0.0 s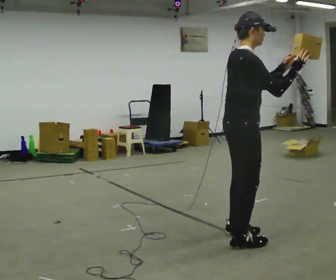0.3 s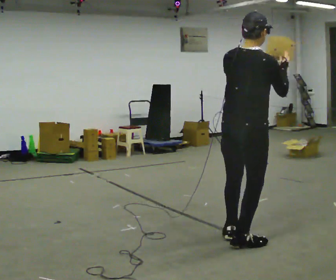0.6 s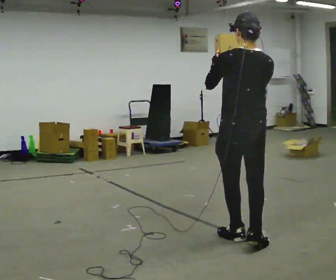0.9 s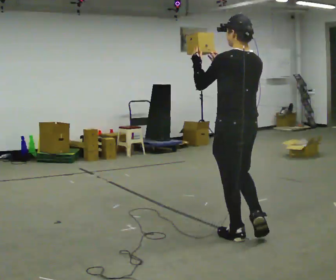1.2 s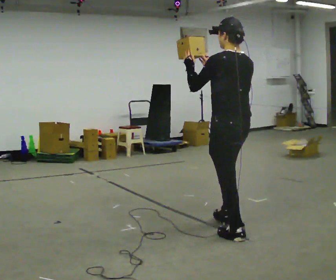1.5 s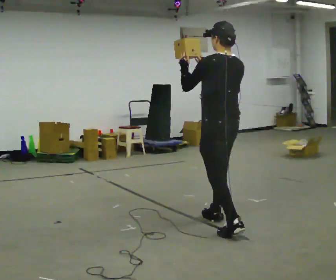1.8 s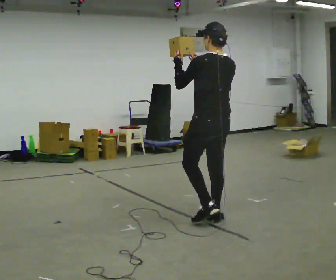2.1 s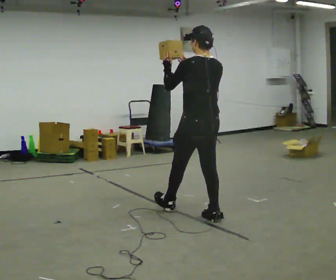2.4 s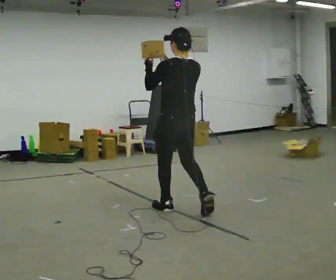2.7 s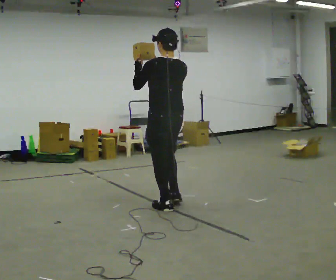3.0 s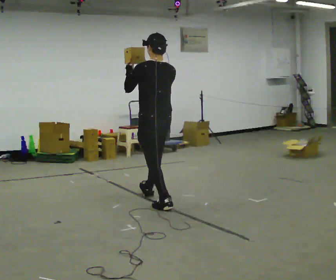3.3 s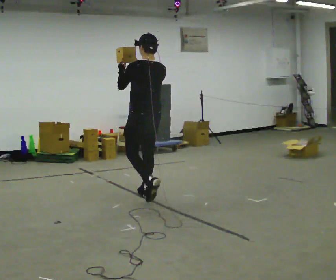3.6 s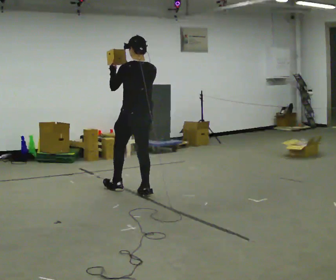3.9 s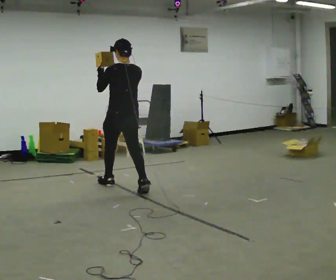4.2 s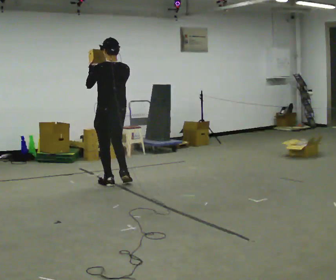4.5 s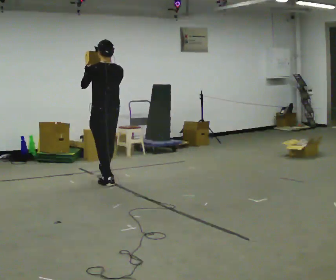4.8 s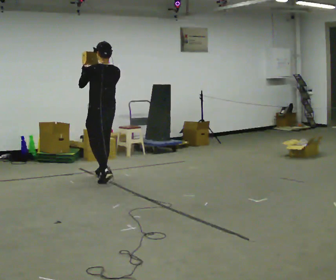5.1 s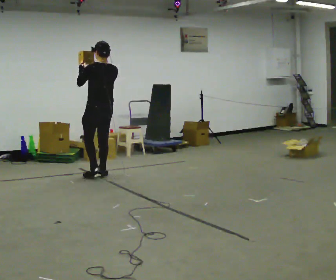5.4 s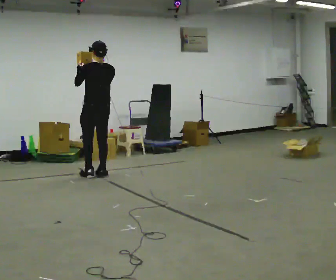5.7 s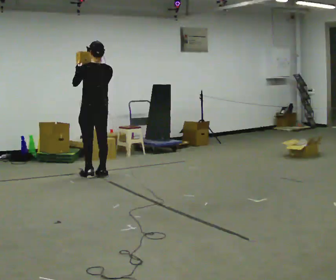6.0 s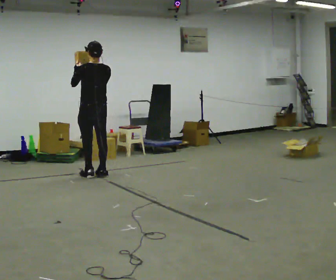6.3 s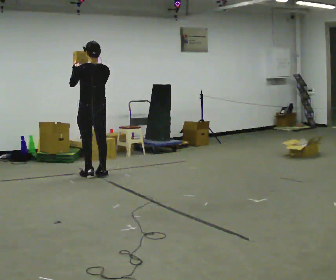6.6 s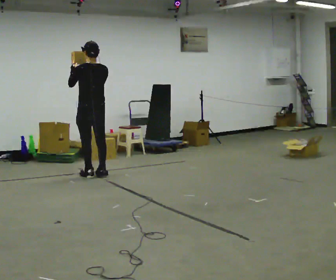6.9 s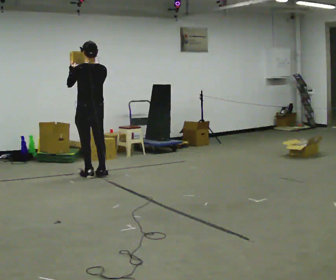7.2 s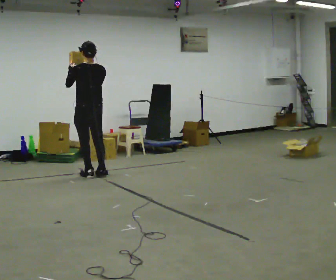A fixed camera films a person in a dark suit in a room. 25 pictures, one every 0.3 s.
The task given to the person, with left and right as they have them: Carry the object held up above your head, walking back and forth across the room.
0.0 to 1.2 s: Seen from above the body turns counterclockwise, about 120 degrees: to their left, with its near side sliding to the right. In the picture they go away from the camera, about 0.25 m in 1 step. In the picture their right hand goes to the left.
1.2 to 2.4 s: In the picture they go away from the camera and to the left, about 1 m in 2 steps, which for them is forward.
2.4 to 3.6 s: In the picture they go away from the camera and to the left, about 1 m in 1 step, which for them is forward.
3.6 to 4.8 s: In the picture they go away from the camera and to the left, about 1 m in 2 steps, which for them is forward.
4.8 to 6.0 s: In the picture they go away from the camera, about 0.25 m in 1 step, which for them is forward.
6.0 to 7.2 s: The person moves a little, or ends about where they began.
The film runs forward here.
